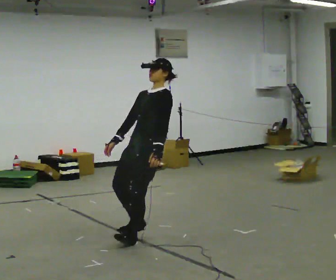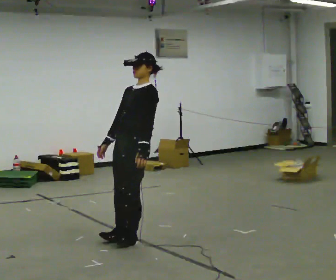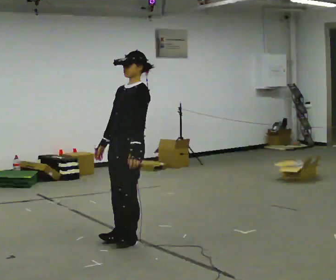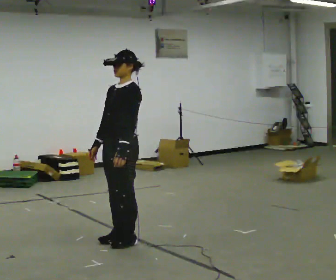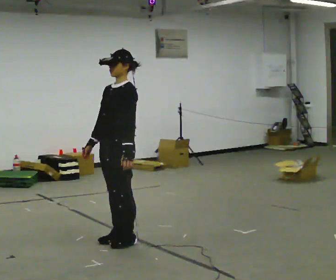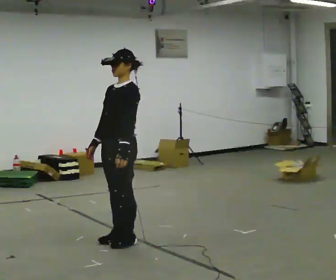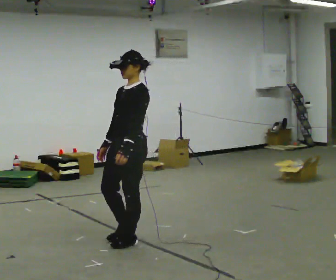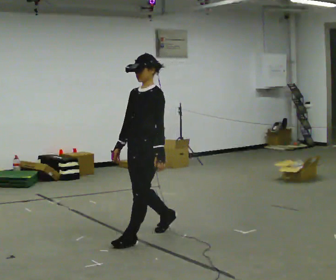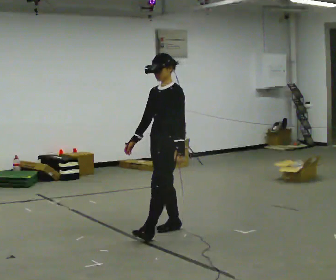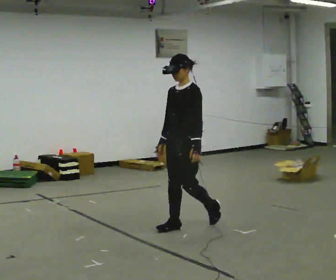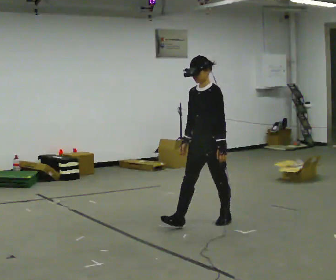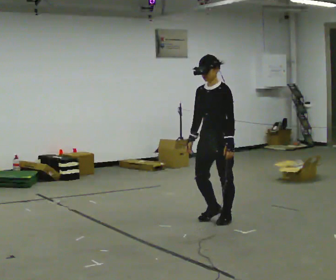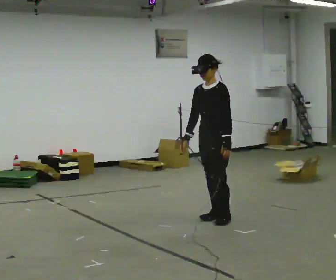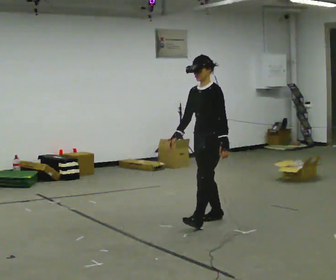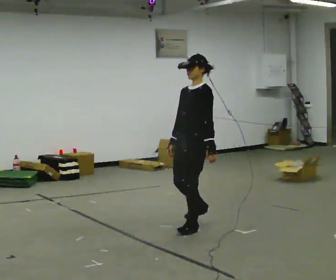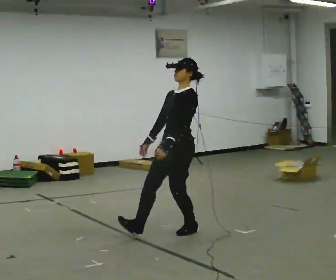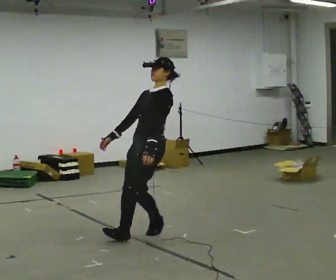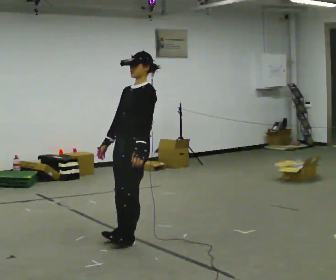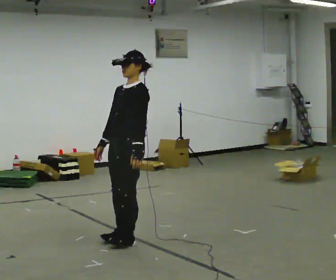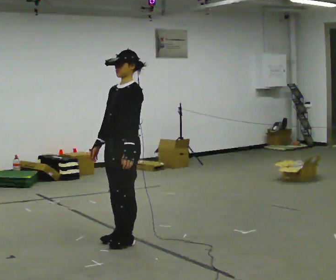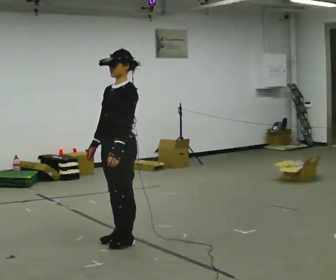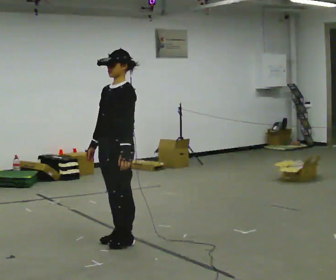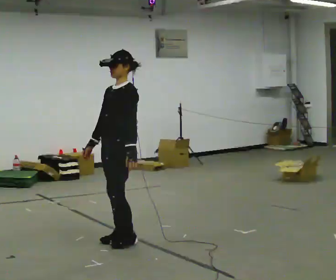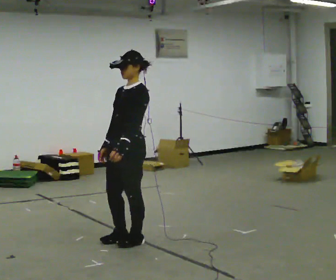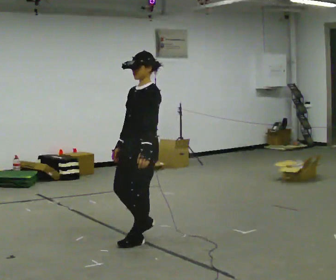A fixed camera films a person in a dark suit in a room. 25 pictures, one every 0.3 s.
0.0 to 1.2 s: In the picture they go to the left and toward the camera, about 0.25 m, which for them is forward.
1.2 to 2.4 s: In the picture they go away from the camera and to the right, about 0.5 m in 2 steps, which for them is backward.
2.4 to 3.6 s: In the picture they go to the right and away from the camera, about 0.5 m in 2 steps, which for them is backward.
3.6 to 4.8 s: In the picture they go toward the camera and to the left, about 1 m in 2 steps, which for them is forward. In the picture the upper body tilts clockwise, shoulders to the right, as they lean back or straighten.
4.8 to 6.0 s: In the picture they go to the left and toward the camera, about 0.25 m, which for them is forward.
6.0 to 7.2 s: In the picture they go to the right, about 0.25 m in 1 step, which for them is backward.
The film runs backward here.
